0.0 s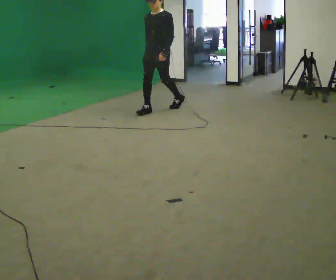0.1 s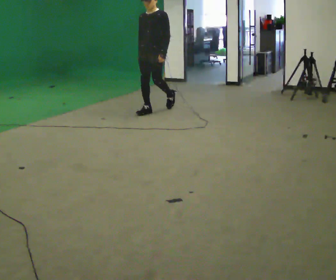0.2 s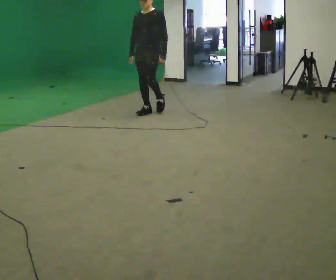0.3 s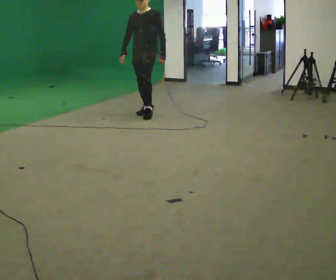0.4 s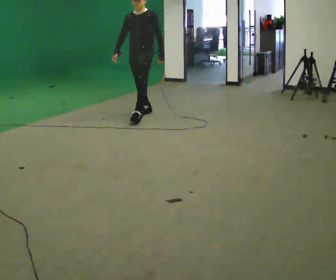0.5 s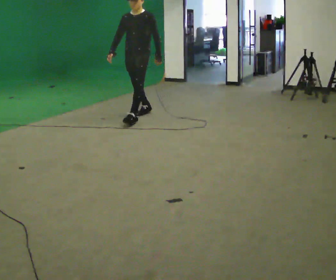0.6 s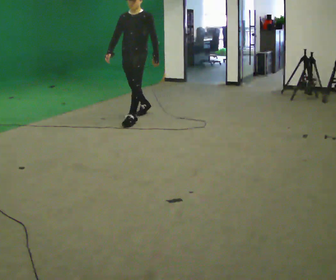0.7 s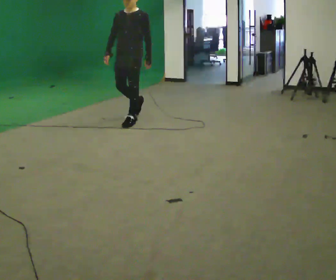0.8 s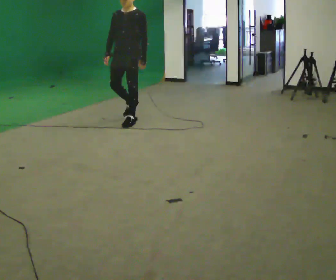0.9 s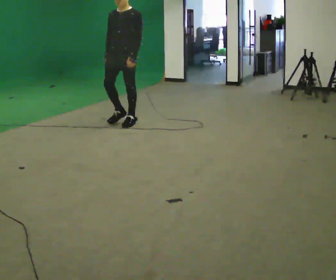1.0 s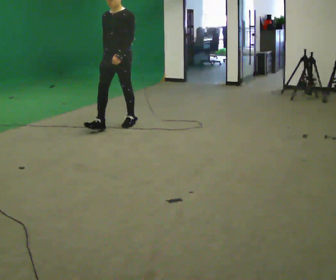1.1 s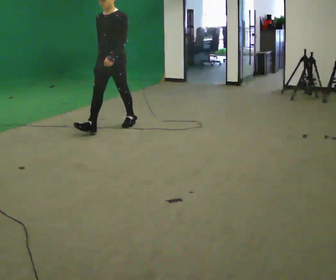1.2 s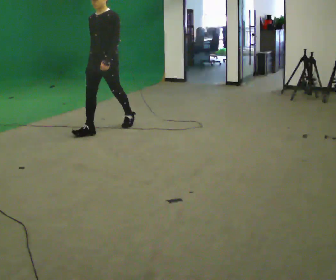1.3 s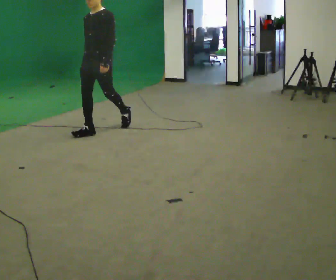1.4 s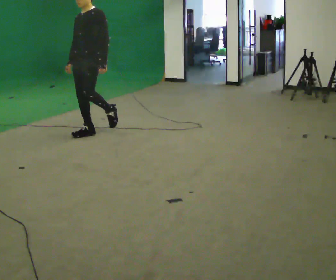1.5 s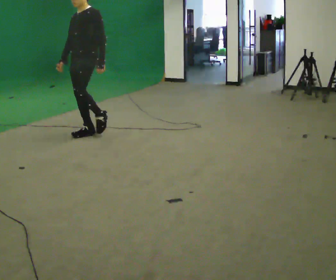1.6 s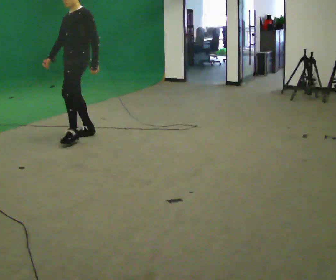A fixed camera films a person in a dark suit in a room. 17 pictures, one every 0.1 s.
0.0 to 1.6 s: In the picture they go toward the camera and to the left, about 1.5 m in 2 steps, which for them is forward.
The film runs forward here.
